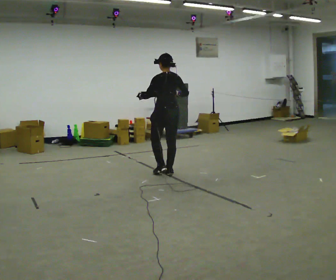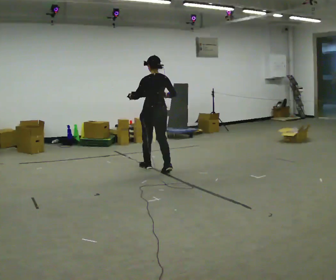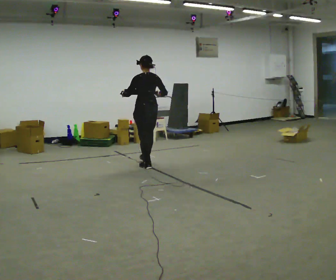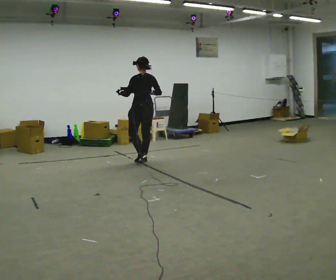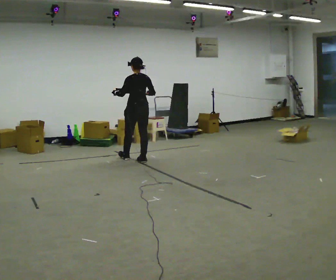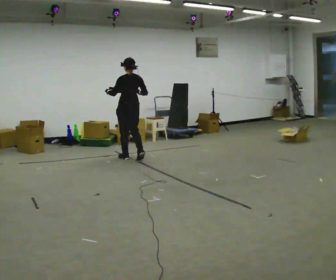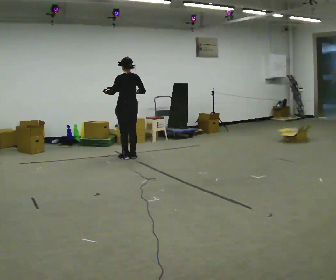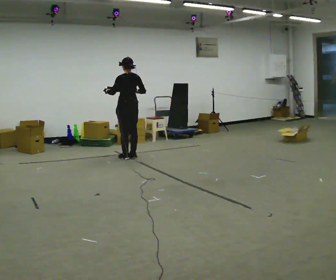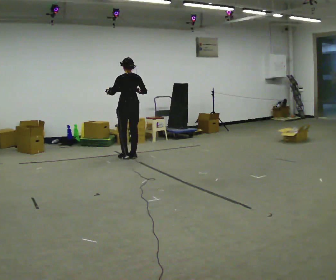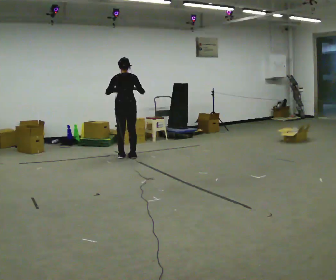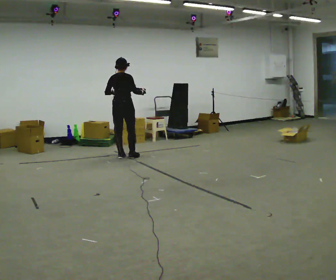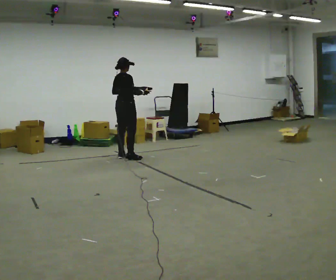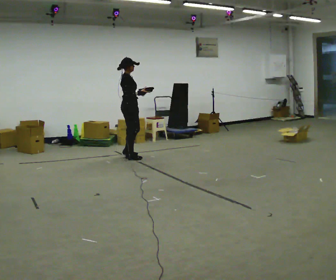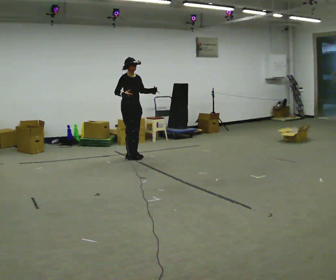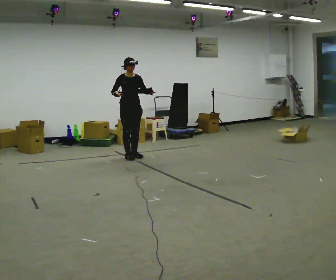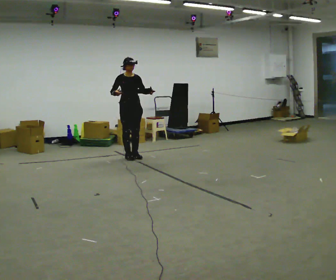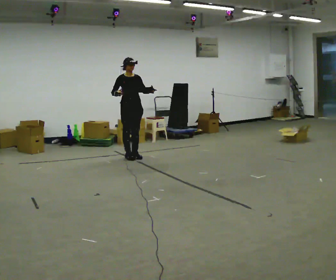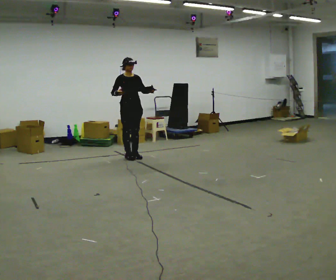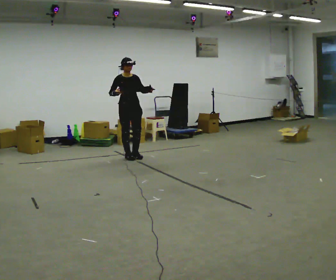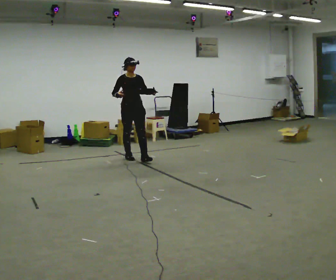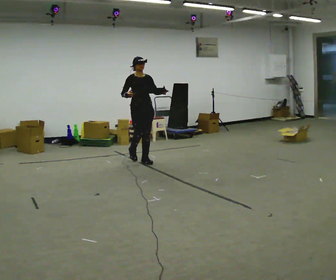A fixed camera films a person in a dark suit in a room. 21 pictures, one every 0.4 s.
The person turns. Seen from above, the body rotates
clockwise.
The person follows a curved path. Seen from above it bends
counterclockwise.
0.0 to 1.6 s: In the picture they go away from the camera and to the left, about 1 m in 3 steps, which for them is forward.
1.6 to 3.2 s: In the picture they go away from the camera, about 0.25 m in 1 step, which for them is forward.
3.2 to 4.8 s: The part of the body nearest the lens slides to the left as the person turns to their right by about 105 degrees. In the picture their left hand goes to the right.
4.8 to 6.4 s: Seen from above the body turns clockwise, about 60 degrees: to their right, with its near side sliding to the left.
6.4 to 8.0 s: In the picture they go toward the camera and to the right, about 0.25 m in 1 step, which for them is forward.
The film runs forward here.
